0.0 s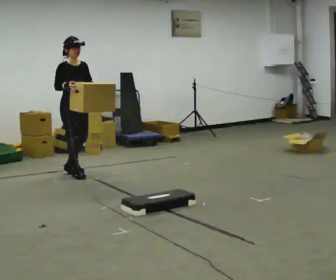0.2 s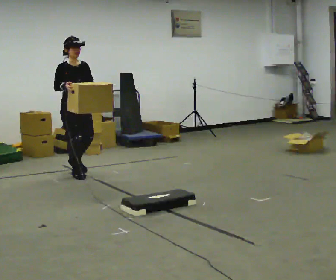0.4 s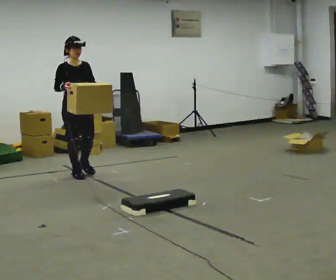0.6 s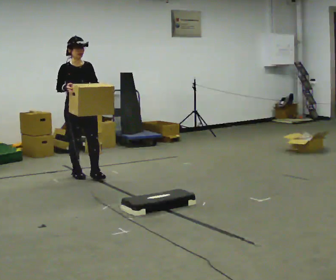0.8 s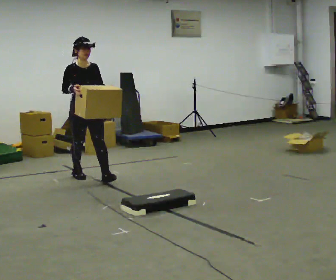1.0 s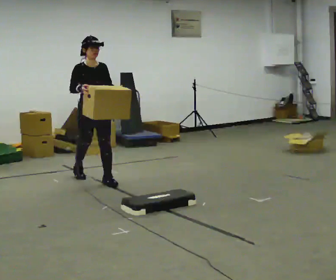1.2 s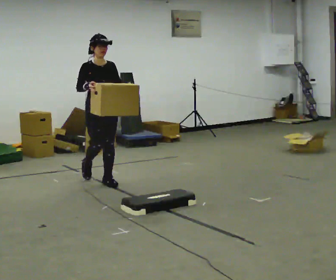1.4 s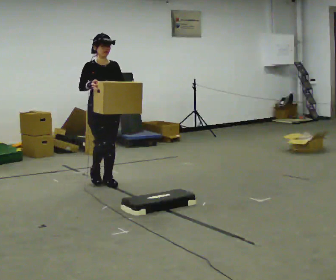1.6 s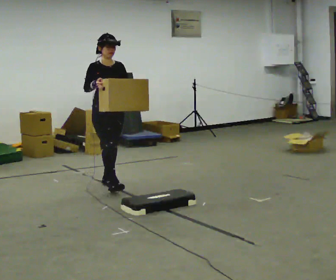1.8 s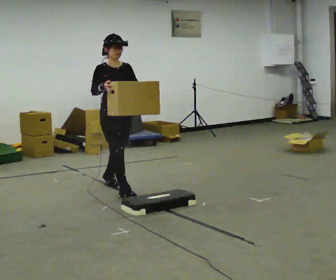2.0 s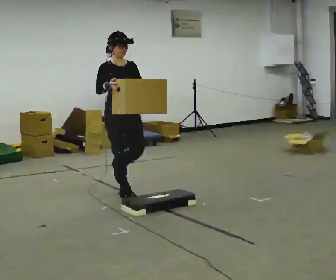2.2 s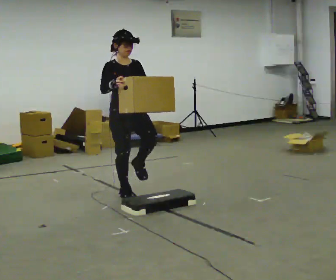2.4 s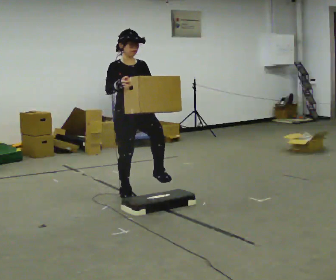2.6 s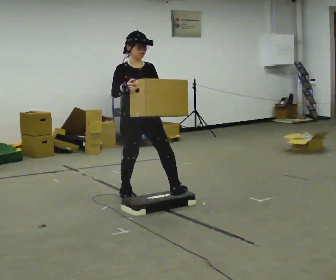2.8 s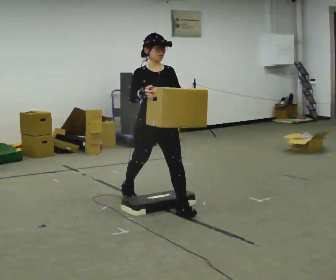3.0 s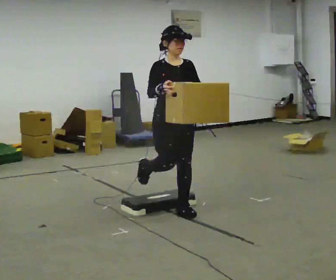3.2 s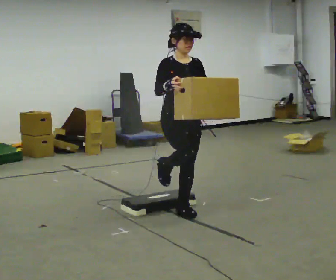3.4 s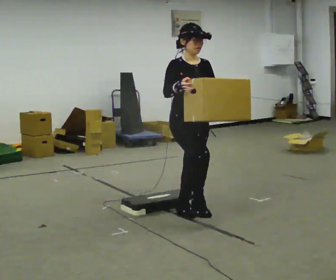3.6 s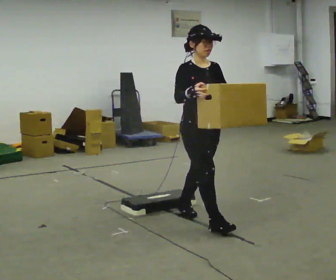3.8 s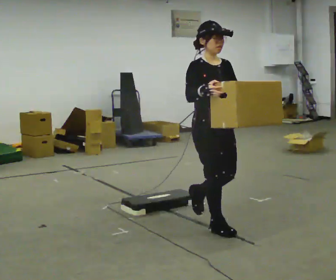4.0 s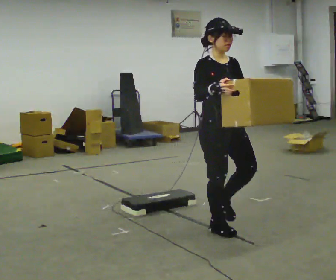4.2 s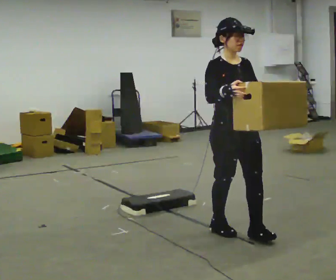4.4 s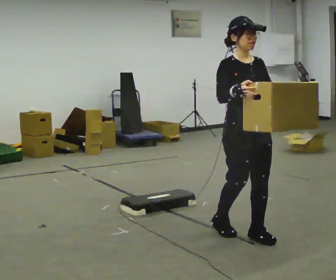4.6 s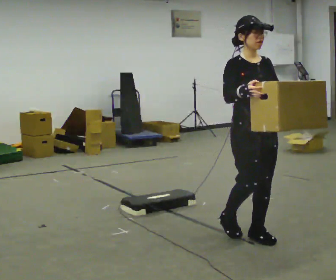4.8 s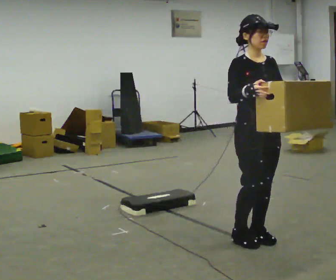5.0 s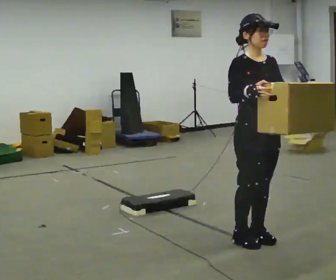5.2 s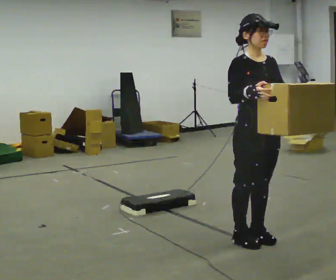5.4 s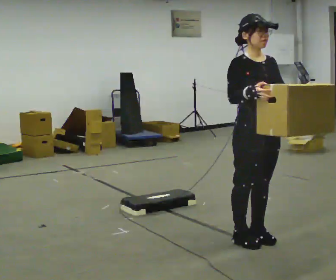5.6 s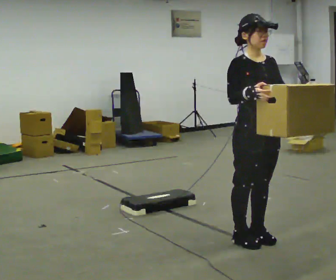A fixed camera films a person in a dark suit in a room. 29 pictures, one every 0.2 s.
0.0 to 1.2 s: In the picture they go toward the camera and to the right, about 0.5 m in 1 step, which for them is forward.
1.2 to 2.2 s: In the picture they go toward the camera and to the right, about 0.75 m in 1 step, which for them is forward.
2.2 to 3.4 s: In the picture they go toward the camera and to the right, about 1 m in 1 step, which for them is forward.
3.4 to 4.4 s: In the picture they go toward the camera and to the right, about 0.75 m in 2 steps, which for them is forward.
4.4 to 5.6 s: The person moves a little, or ends about where they began.
The film runs forward here.
